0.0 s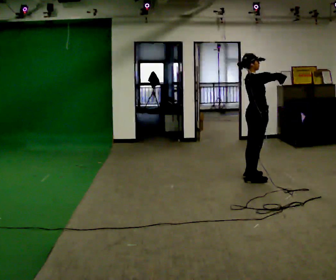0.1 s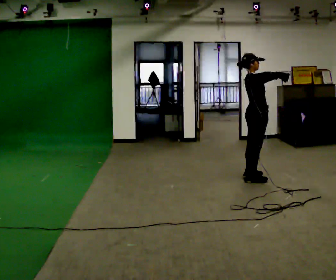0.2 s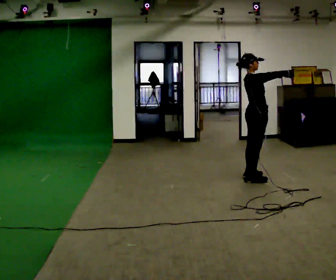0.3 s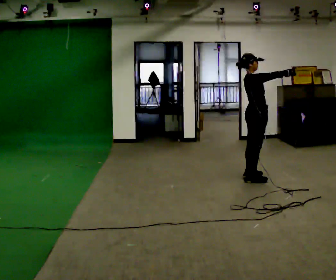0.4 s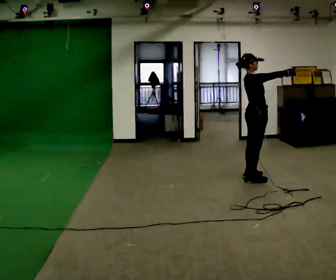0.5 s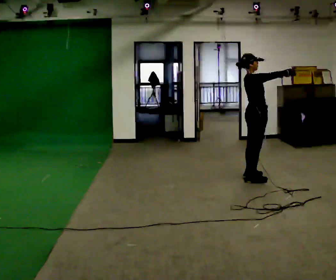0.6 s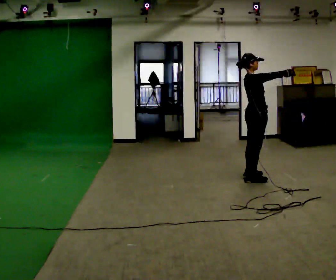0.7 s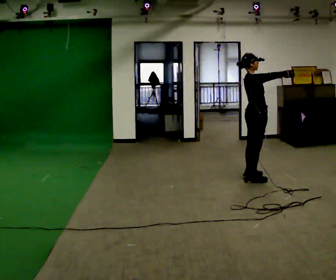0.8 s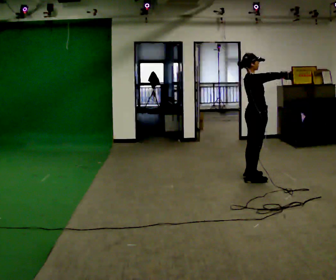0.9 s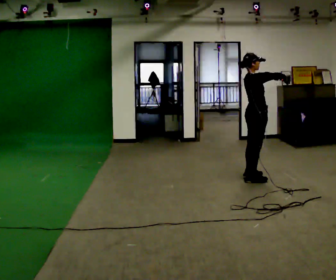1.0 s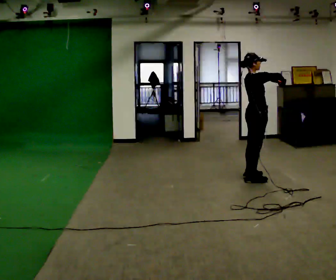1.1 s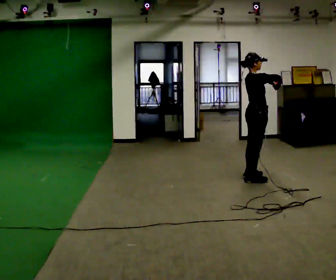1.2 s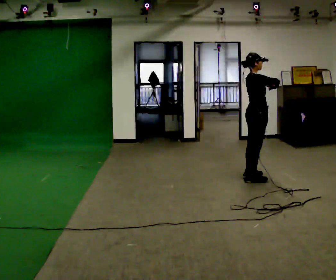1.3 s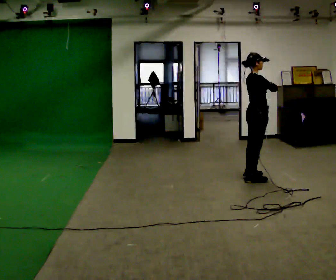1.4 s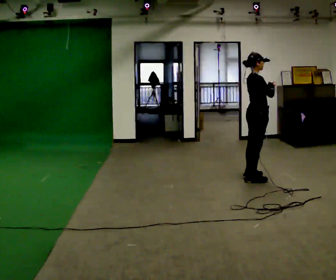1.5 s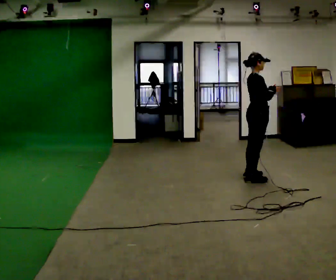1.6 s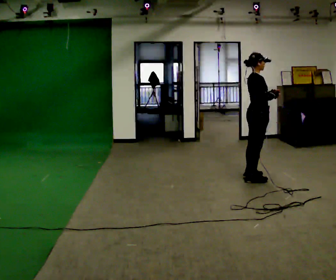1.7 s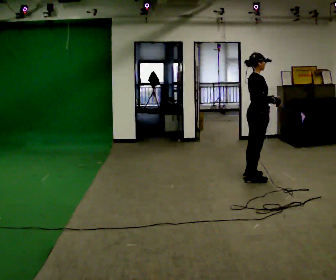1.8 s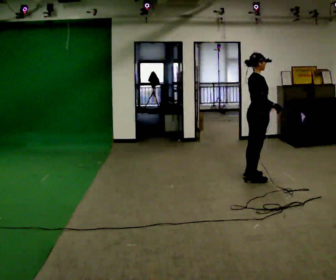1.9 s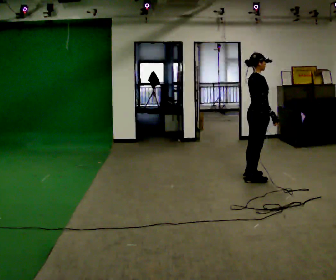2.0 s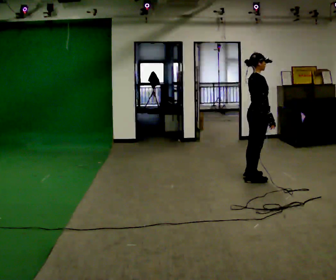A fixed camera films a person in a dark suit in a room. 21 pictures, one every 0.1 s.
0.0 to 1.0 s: The person moves a little, or ends about where they began.
1.0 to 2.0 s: In the picture their right hand goes downward.
The film runs backward here.
